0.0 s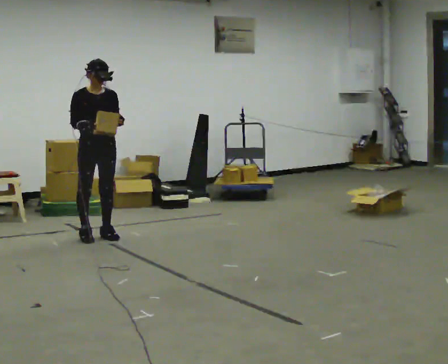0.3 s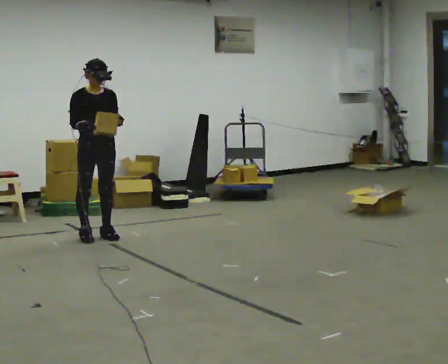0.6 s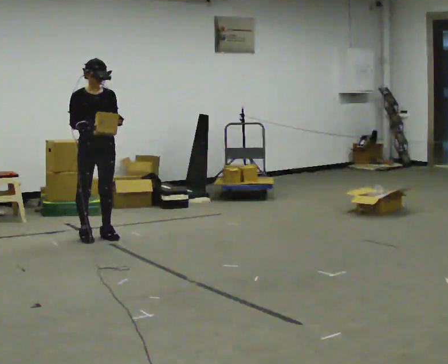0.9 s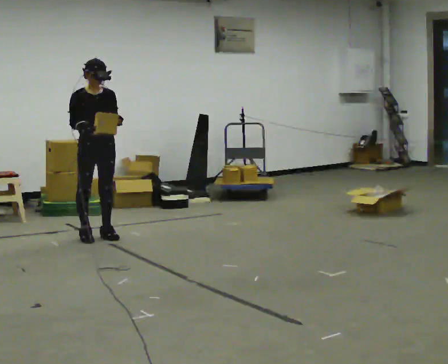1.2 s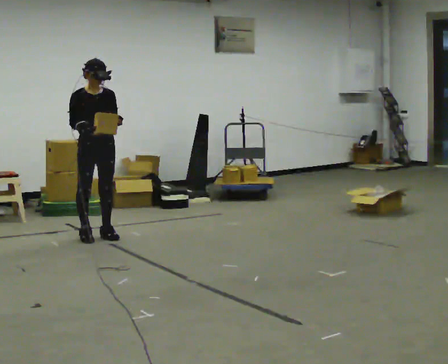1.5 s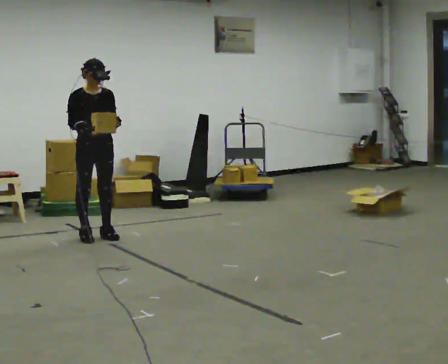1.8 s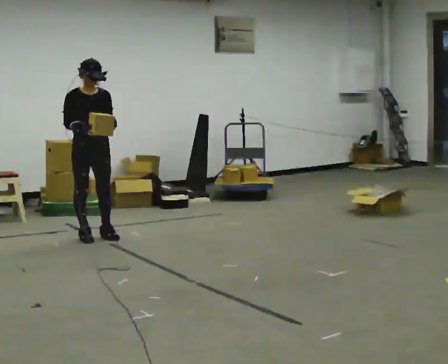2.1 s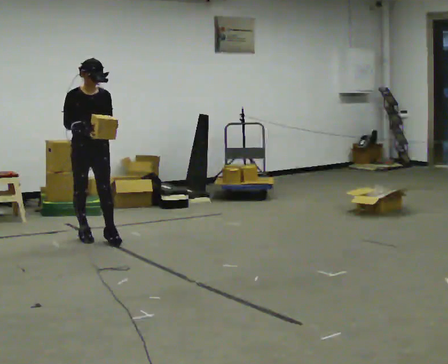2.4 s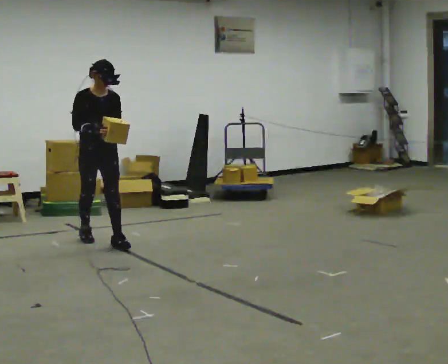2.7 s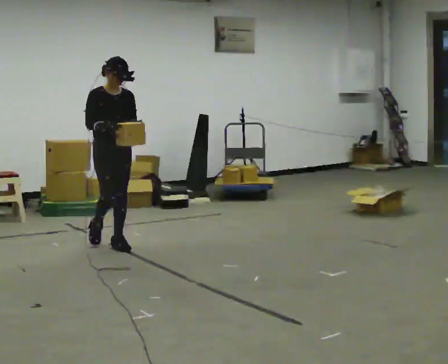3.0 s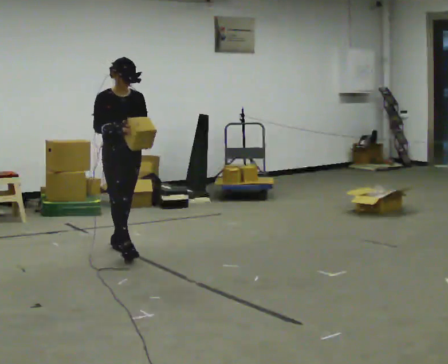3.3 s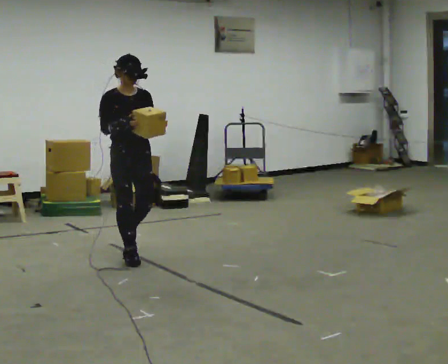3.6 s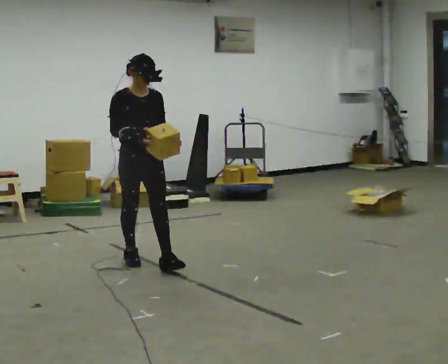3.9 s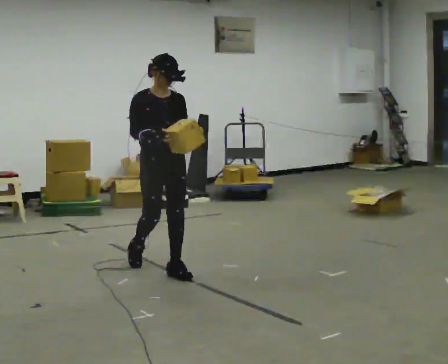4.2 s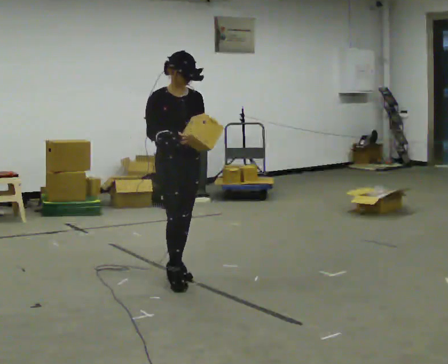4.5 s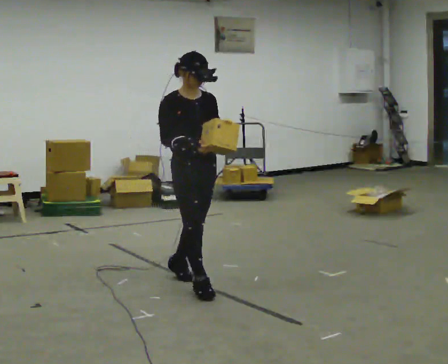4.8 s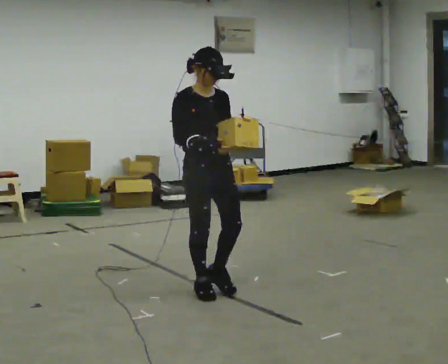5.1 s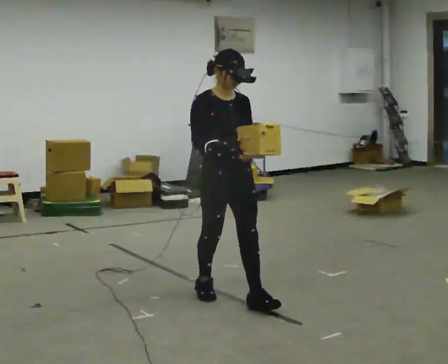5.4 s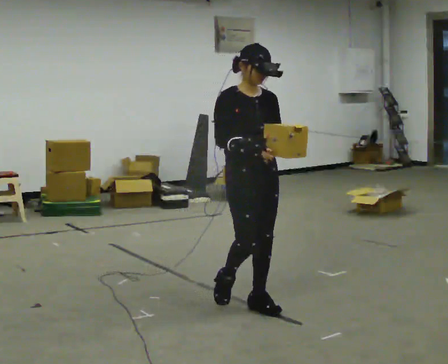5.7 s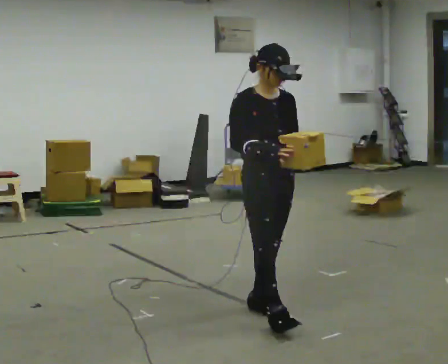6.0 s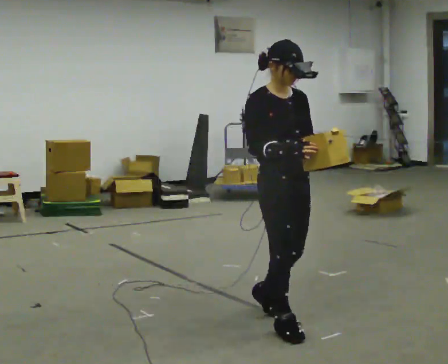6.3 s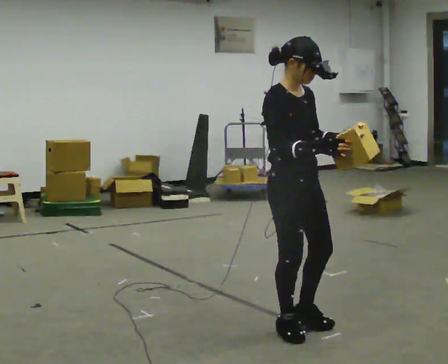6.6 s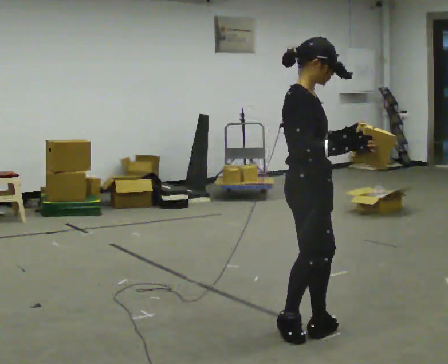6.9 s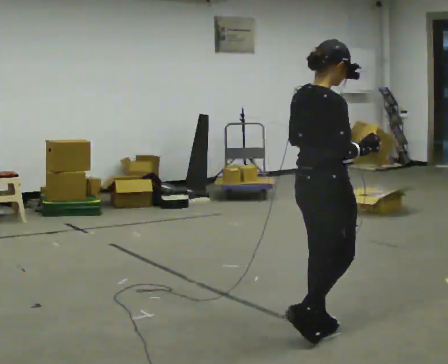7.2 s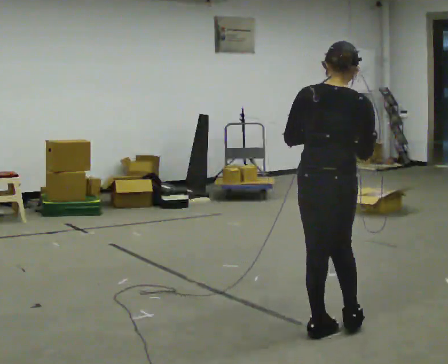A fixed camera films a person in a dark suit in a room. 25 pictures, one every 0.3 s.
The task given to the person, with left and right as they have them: Carry the box and, while you are still walking, turn it so you can read the label, read it out loud, then carry on. Repeat with the next box. Do not stop to read it.
0.0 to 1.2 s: The person keeps their place and pose.
1.2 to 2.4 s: In the picture they go toward the camera, about 0.25 m in 1 step, which for them is forward.
2.4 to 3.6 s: In the picture they go toward the camera and to the right, about 1 m in 1 step, which for them is forward.
3.6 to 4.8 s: In the picture they go toward the camera and to the right, about 1 m in 2 steps, which for them is forward.
4.8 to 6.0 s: In the picture they go toward the camera and to the right, about 0.5 m in 2 steps, which for them is forward.
6.0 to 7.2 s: The part of the body nearest the lens slides to the right as the person turns to their left by about 120 degrees. In the picture they go to the right, about 0.25 m in 1 step.
The film runs forward here.
